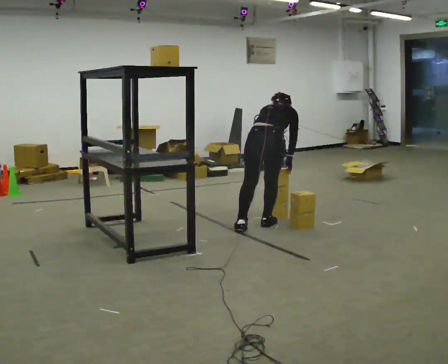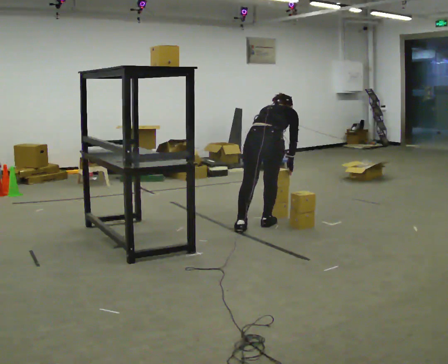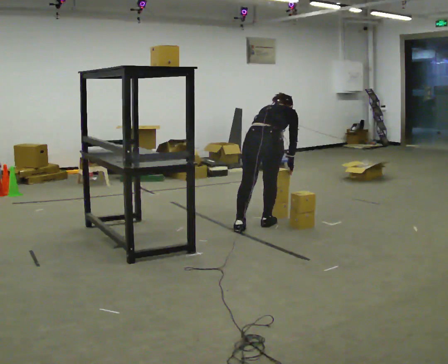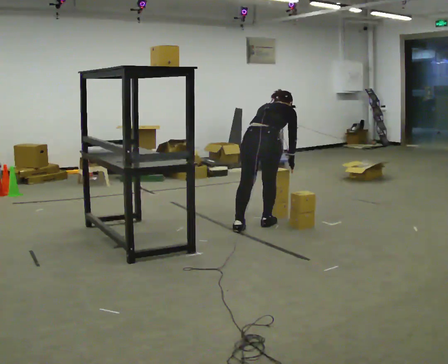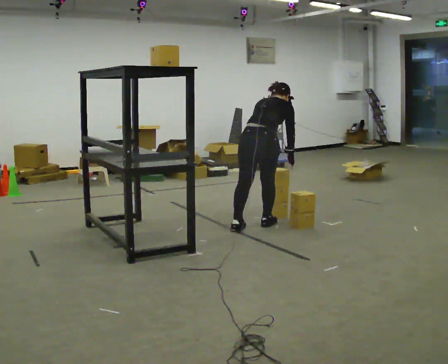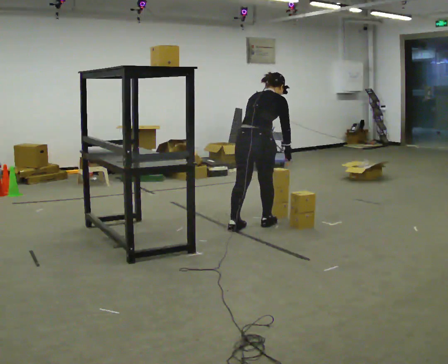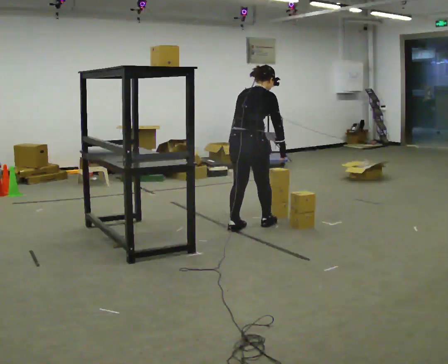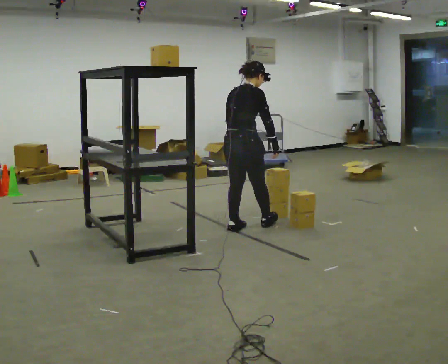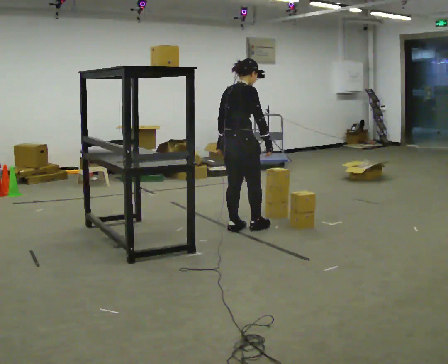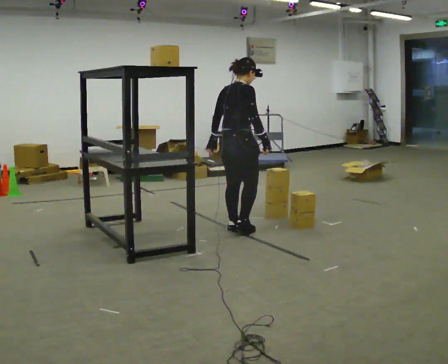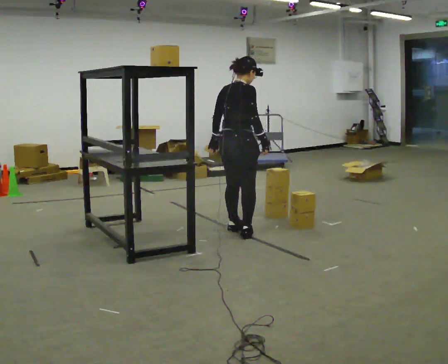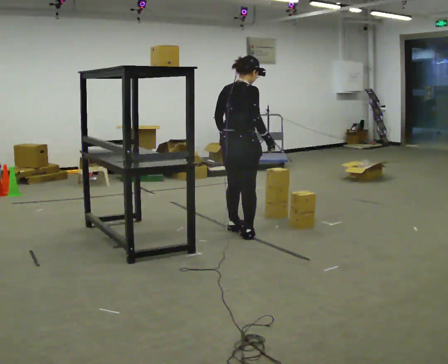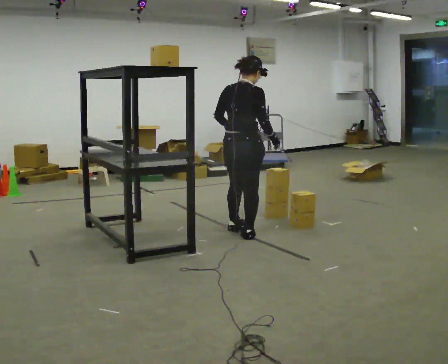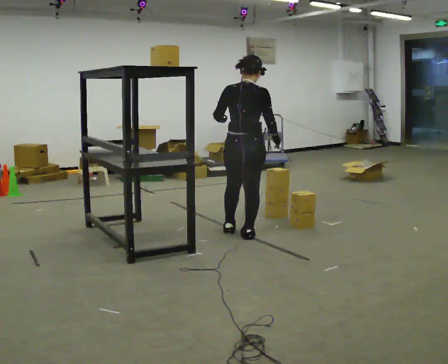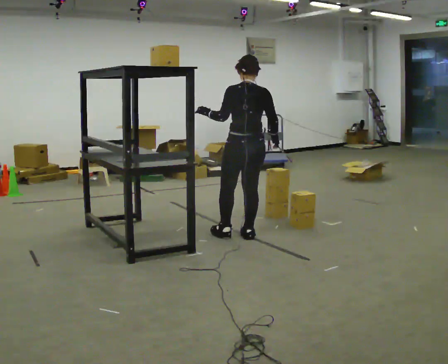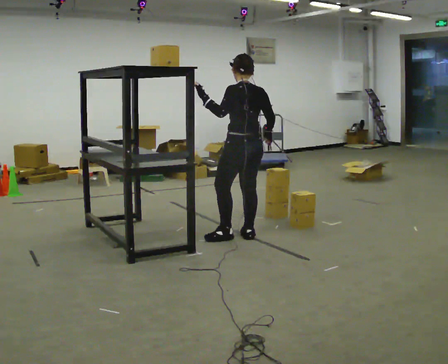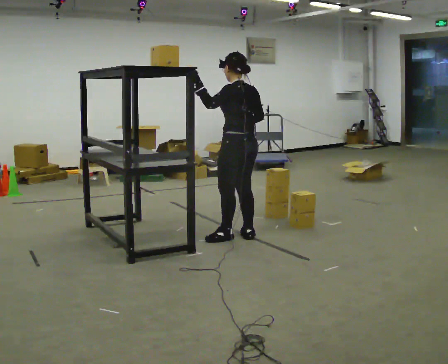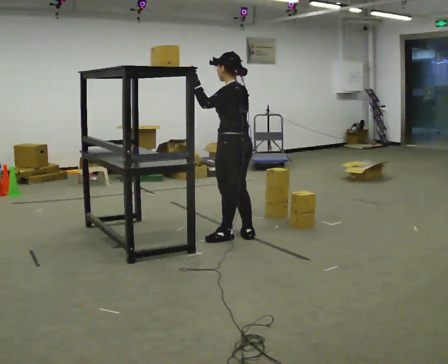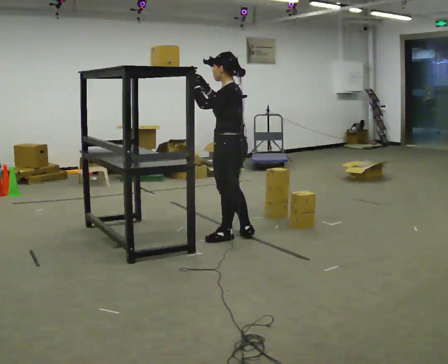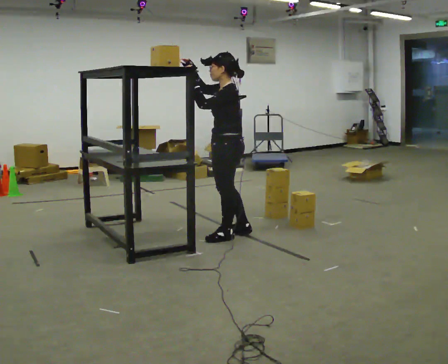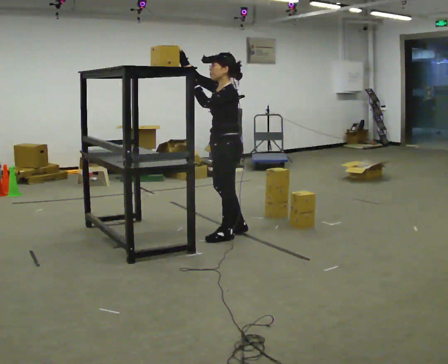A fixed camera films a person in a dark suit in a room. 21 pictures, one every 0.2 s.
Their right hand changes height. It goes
upward.
The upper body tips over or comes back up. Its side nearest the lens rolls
downward.
0.0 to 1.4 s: In the picture they go to the left, about 0.25 m, which for them is to their left. The upper body goes upward. The upper body tips toward the camera, its near side rolling downward, as they lean back or straighten.
1.4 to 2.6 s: The person turns about 30 degrees to their left, counterclockwise seen from above, so the part of the body nearest the lens slides to the right. In the picture they go toward the camera, about 0.25 m in 2 steps, which for them is to their right and backward.
2.6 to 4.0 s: The part of the body nearest the lens slides to the right as the person turns to their left by about 90 degrees. In the picture their right hand goes to the left and upward.
The film runs backward here.
